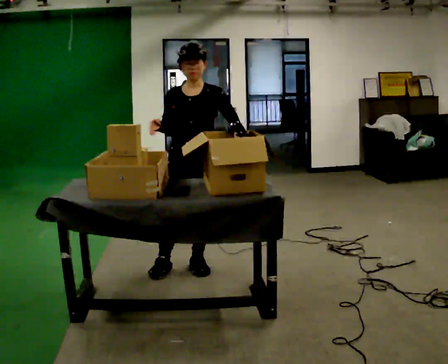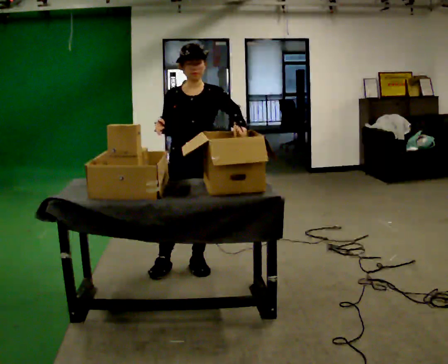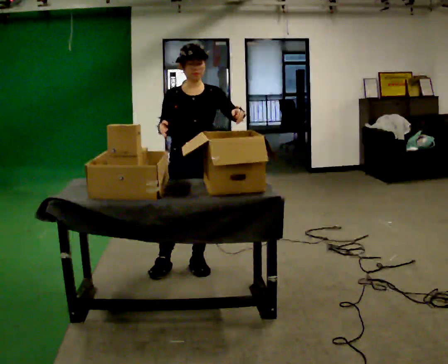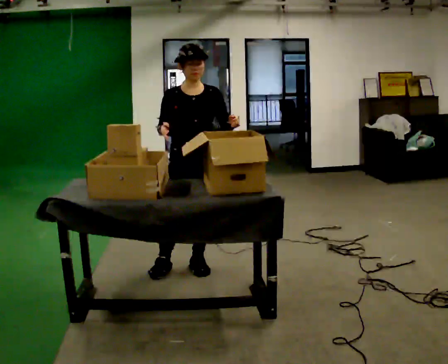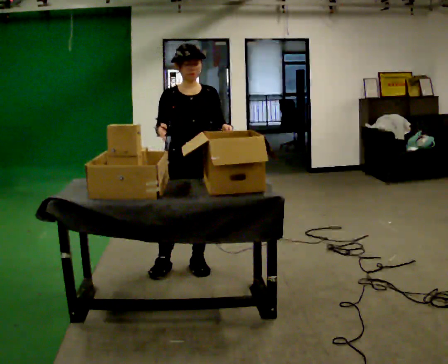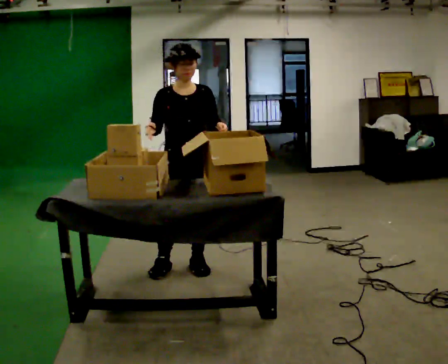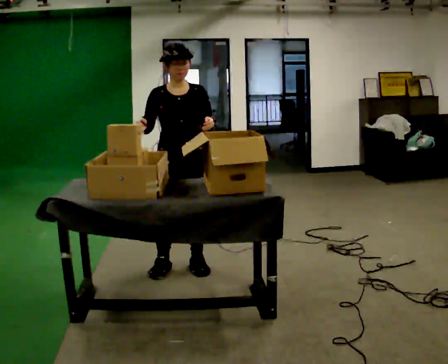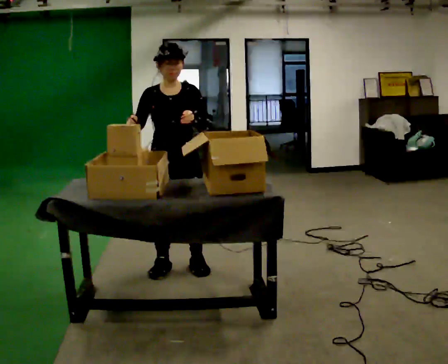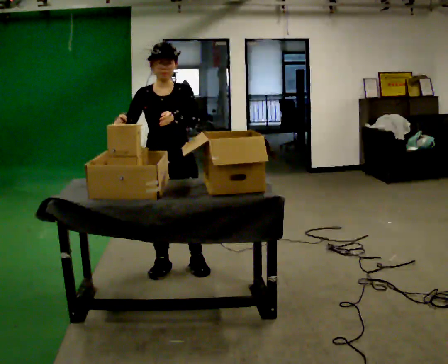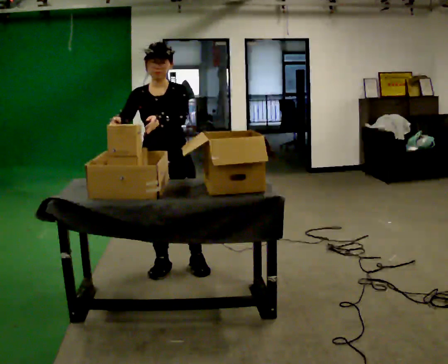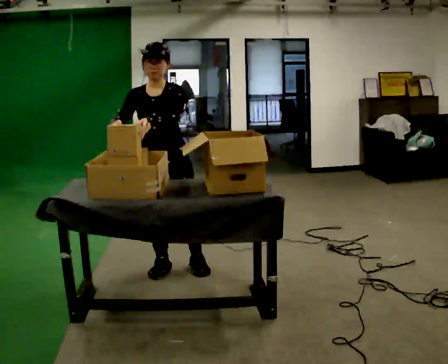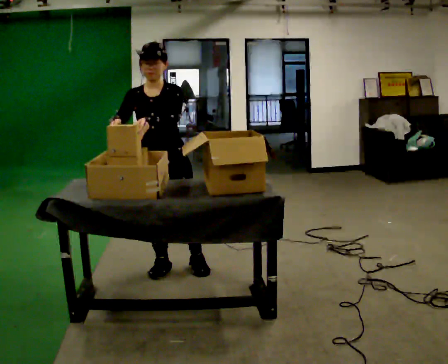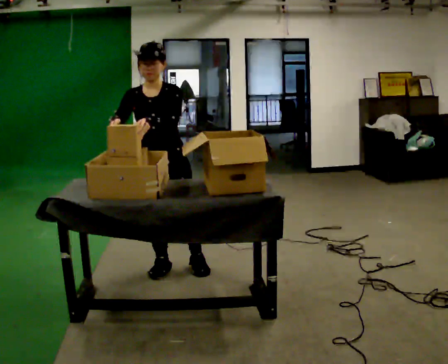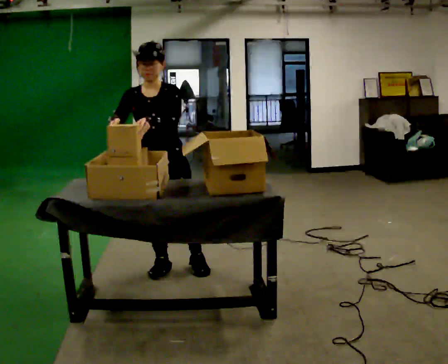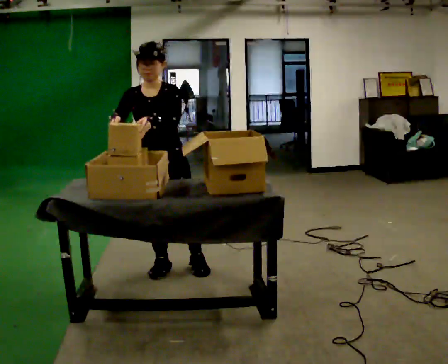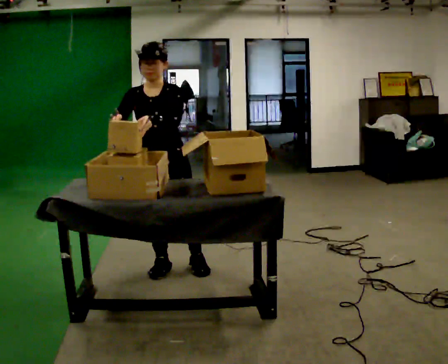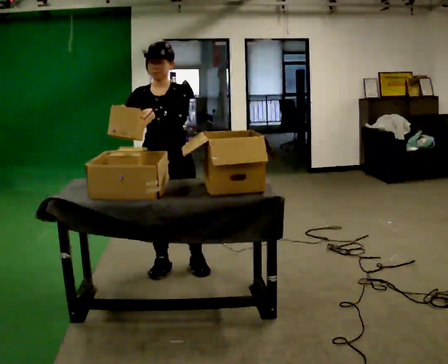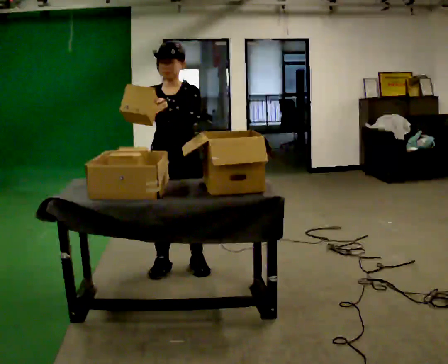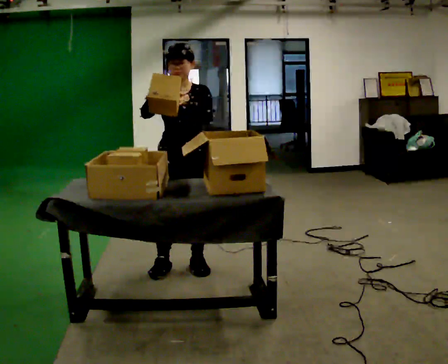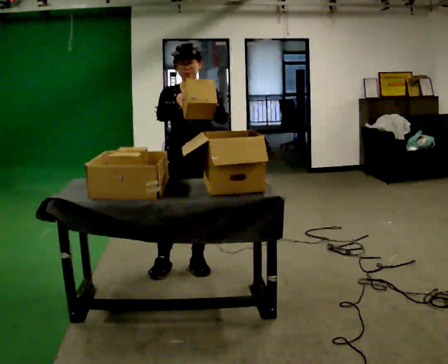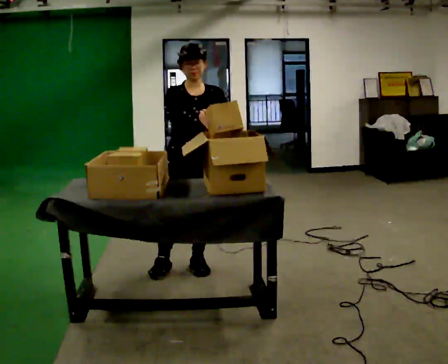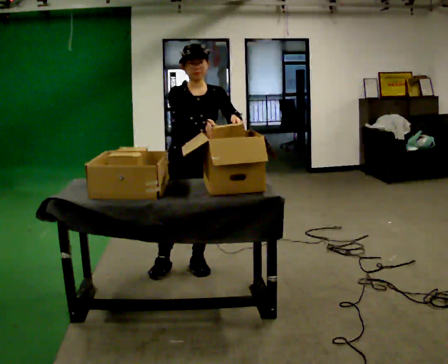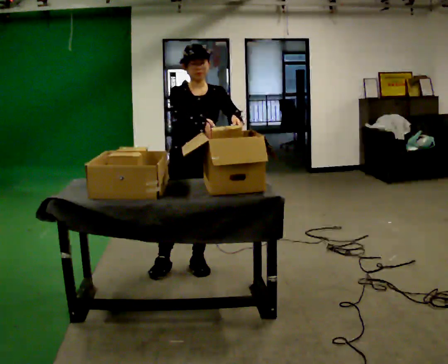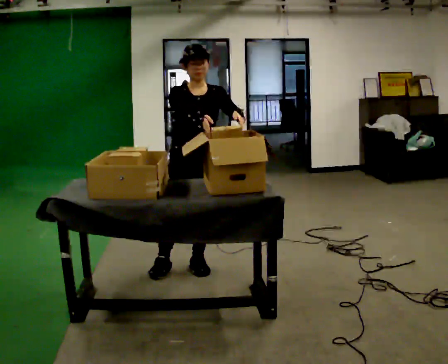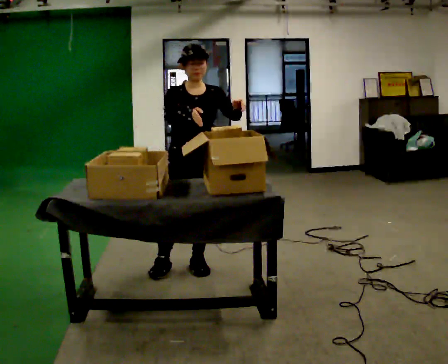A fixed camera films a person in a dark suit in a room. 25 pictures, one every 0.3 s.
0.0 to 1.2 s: The person moves a little, or ends about where they began.
1.2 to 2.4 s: In the picture they go to the left, about 0.25 m, which for them is to their right. In the picture their left hand goes to the left.
2.4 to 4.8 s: The person moves a little, or ends about where they began.
4.8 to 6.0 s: In the picture they go to the right, about 0.25 m, which for them is to their left. In the picture their right hand goes to the right.
6.0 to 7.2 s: The person moves a little, or ends about where they began.
The film runs backward here.
